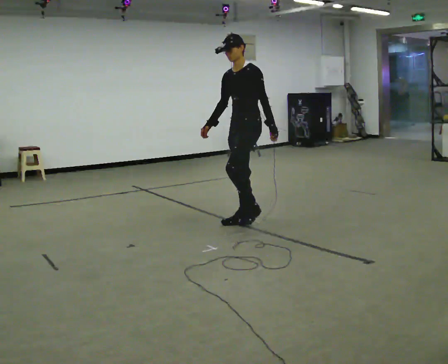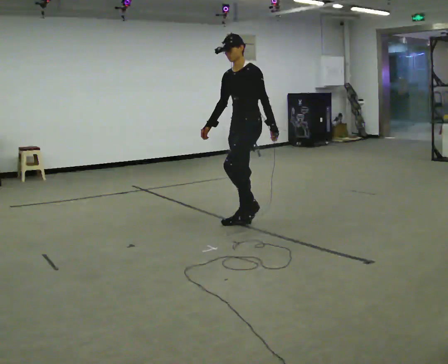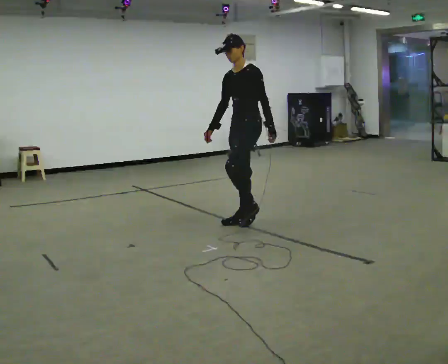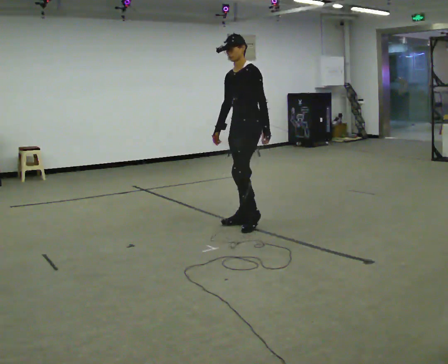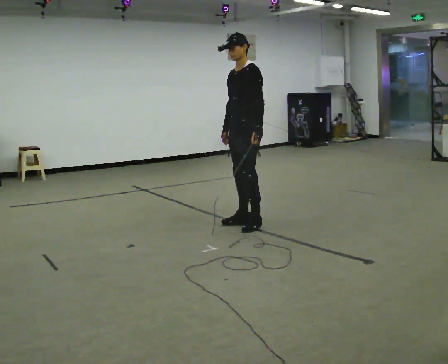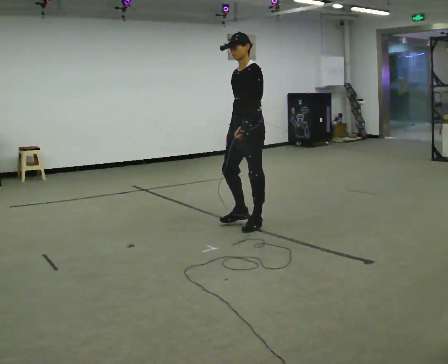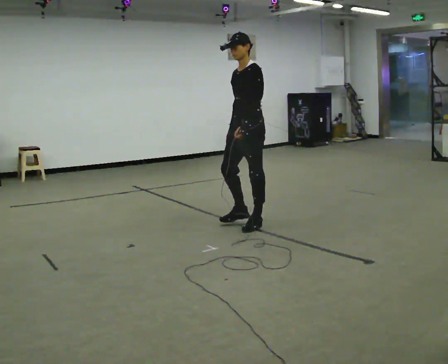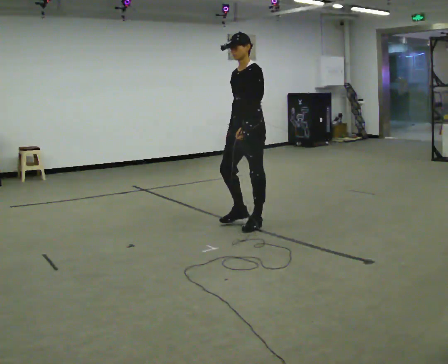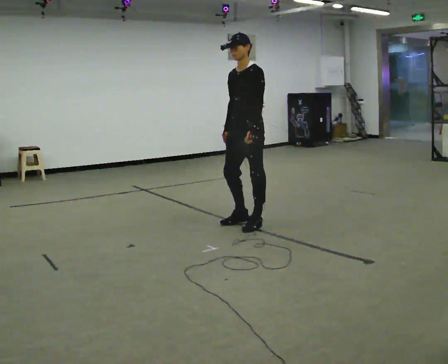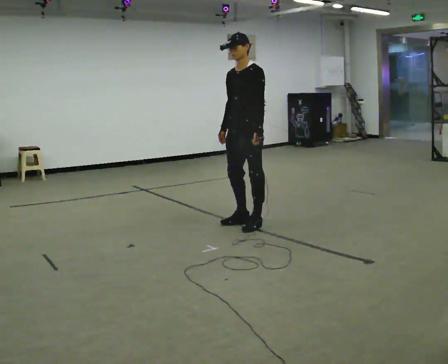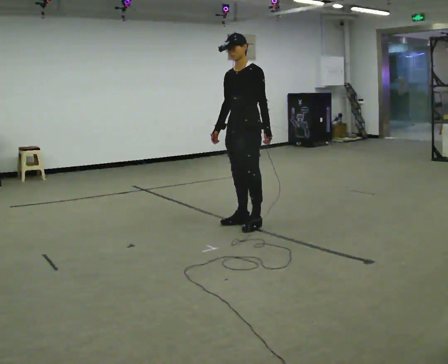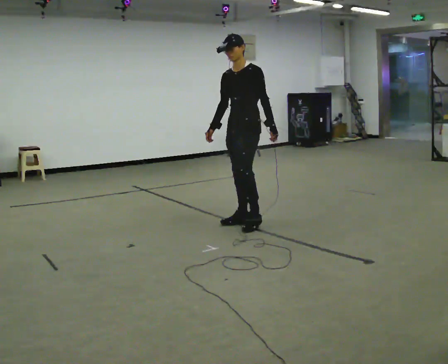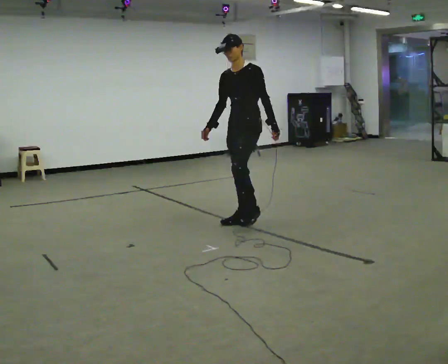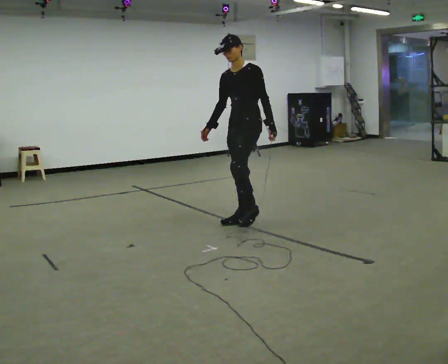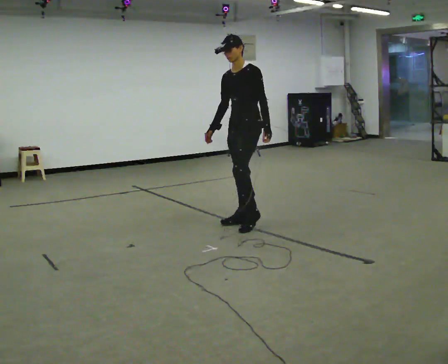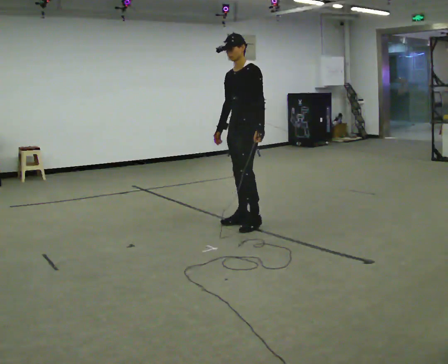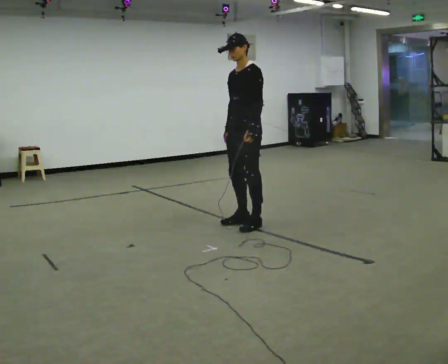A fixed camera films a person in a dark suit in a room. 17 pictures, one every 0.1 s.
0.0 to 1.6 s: The person moves a little, or ends about where they began.
The film runs backward here.
